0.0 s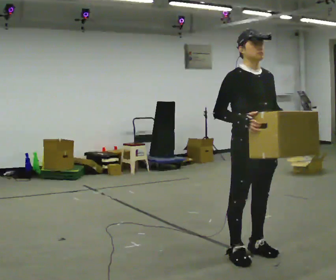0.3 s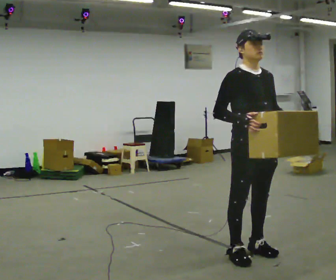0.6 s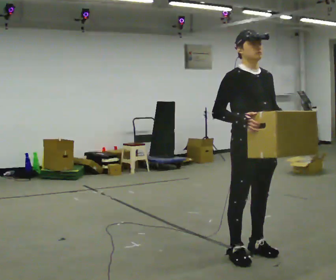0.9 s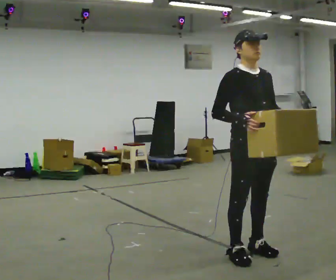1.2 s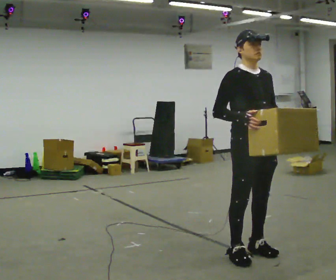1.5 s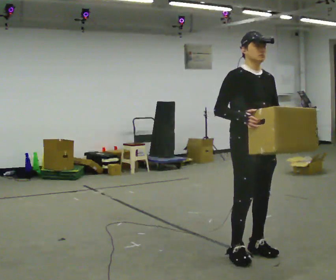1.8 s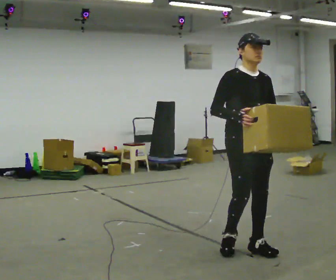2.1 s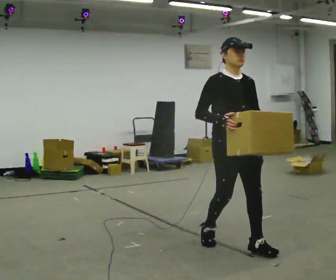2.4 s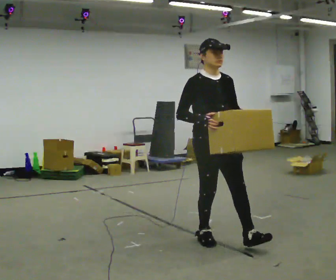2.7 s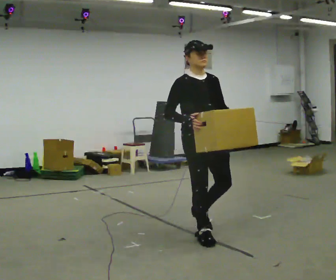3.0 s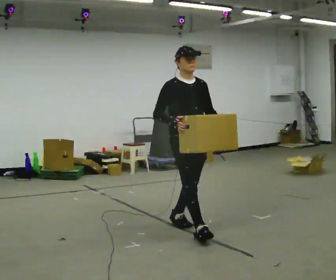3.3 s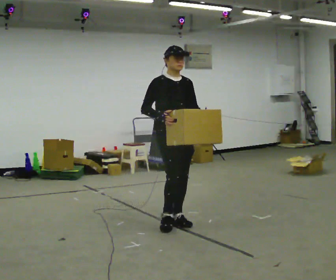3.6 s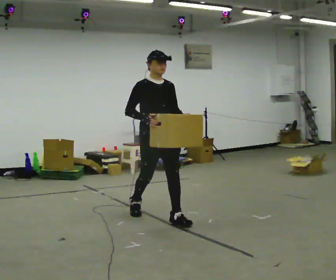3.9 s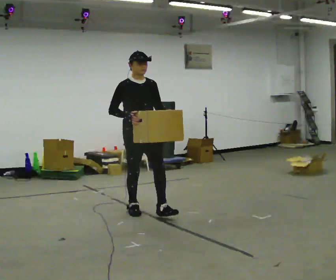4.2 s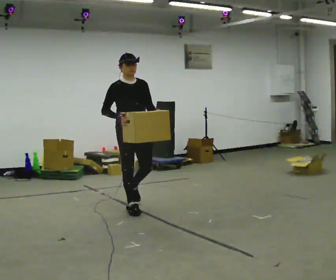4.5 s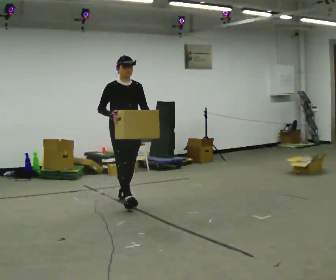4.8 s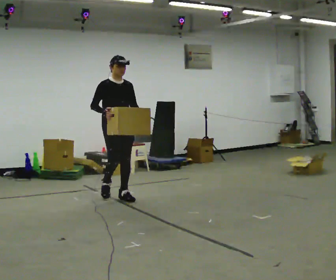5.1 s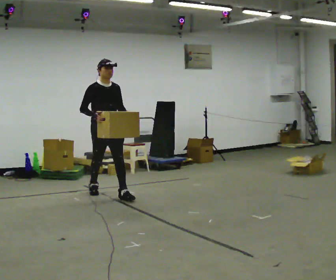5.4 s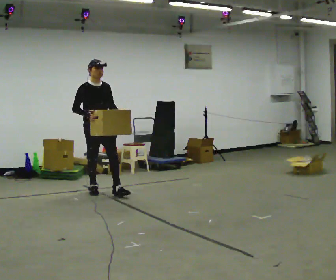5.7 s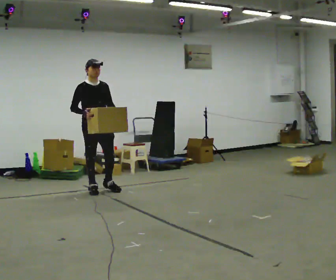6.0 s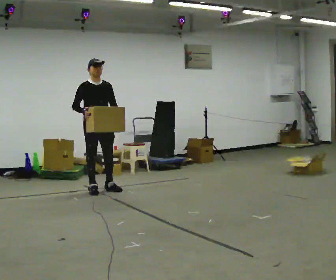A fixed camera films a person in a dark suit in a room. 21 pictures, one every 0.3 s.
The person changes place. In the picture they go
away from the camera.
0.0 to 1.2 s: The person keeps their place and pose.
1.2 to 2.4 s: In the picture they go away from the camera and to the left, about 0.5 m in 2 steps, which for them is backward.
2.4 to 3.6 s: In the picture they go away from the camera and to the left, about 1 m in 1 step, which for them is backward.
3.6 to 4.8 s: In the picture they go away from the camera and to the left, about 1 m in 2 steps, which for them is backward.
4.8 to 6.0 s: In the picture they go away from the camera and to the left, about 0.5 m in 1 step, which for them is backward.
The film runs backward here.
